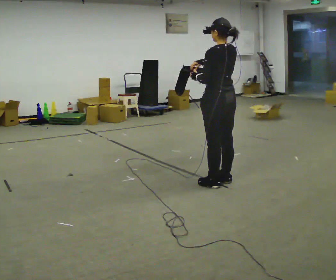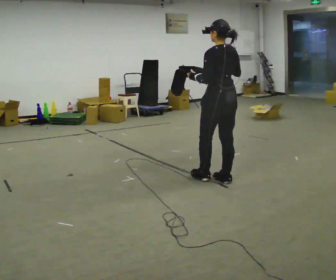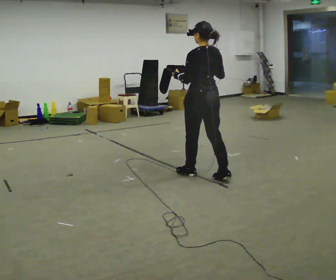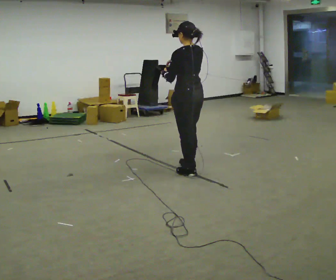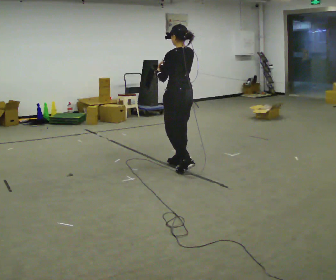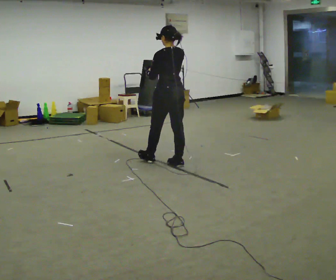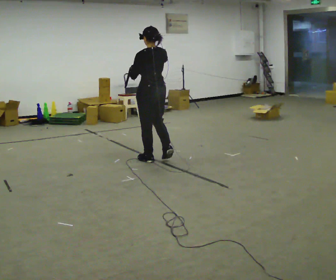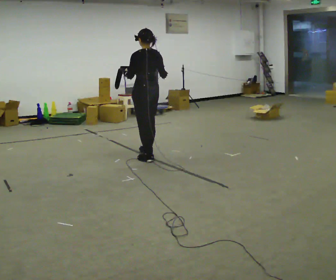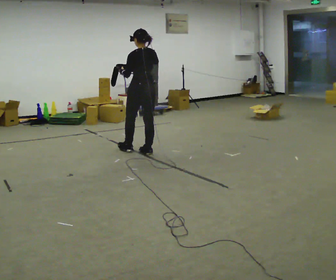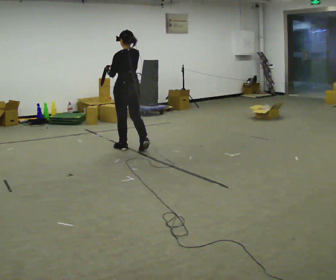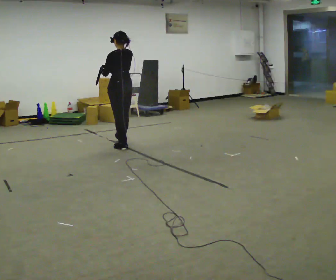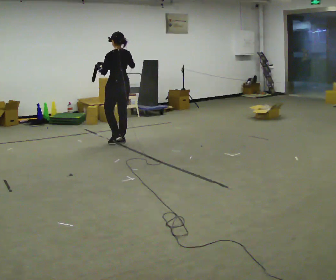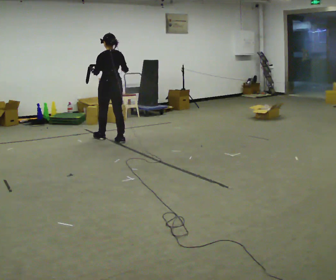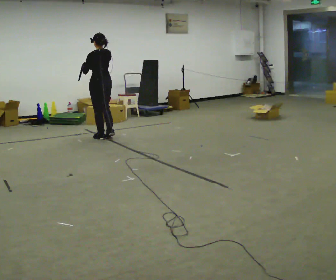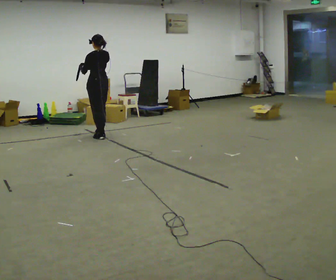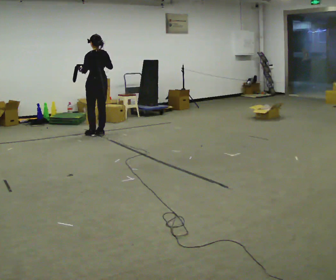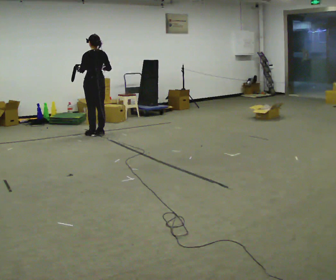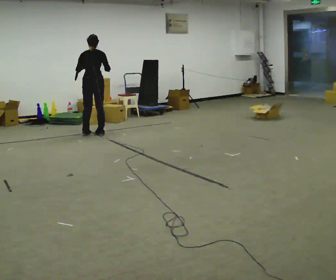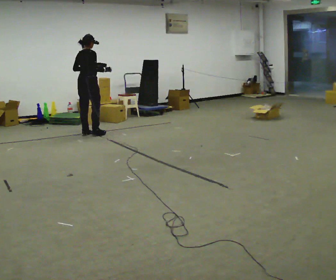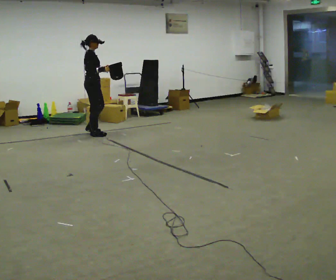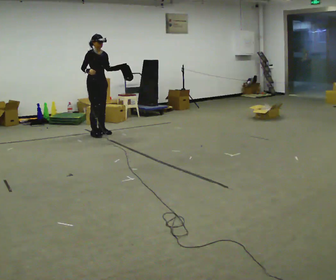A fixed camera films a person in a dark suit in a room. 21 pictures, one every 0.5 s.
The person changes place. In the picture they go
away from the camera.
0.0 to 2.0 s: In the picture they go away from the camera and to the left, about 0.75 m in 2 steps, which for them is forward.
2.0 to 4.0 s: In the picture they go away from the camera and to the left, about 1 m in 2 steps, which for them is forward.
4.0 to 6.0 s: In the picture they go away from the camera and to the left, about 1 m in 3 steps, which for them is forward.
6.0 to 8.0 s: In the picture they go away from the camera and to the left, about 0.5 m in 2 steps, which for them is forward.
8.0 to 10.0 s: Seen from above the body turns clockwise, about 165 degrees: to their right, with its near side sliding to the left.
The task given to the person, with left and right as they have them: Carry the open container and, while walking, reach in with one hand and take an item out, then put it back. Repeat as you walk. Do not stop.
The film runs forward here.
